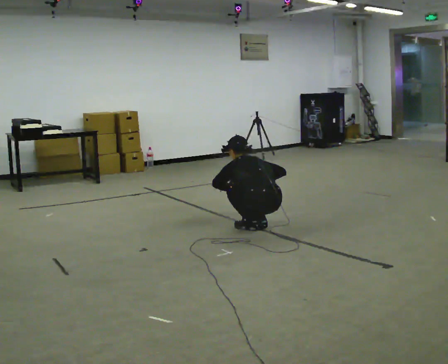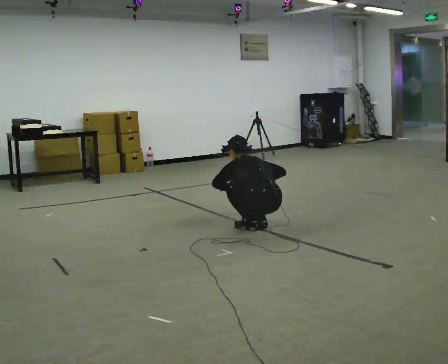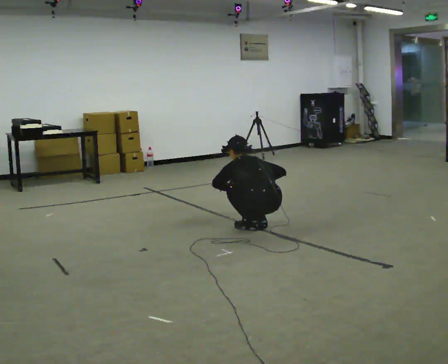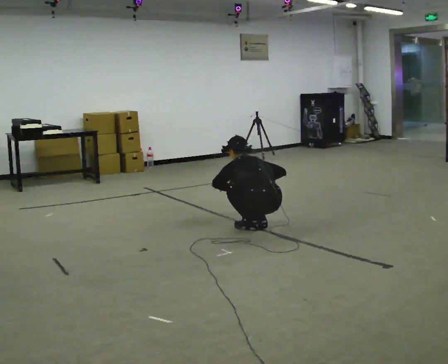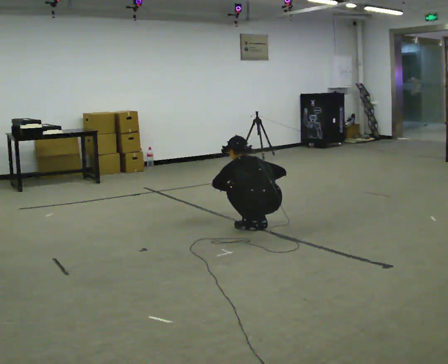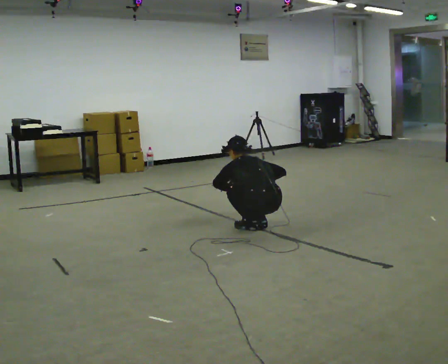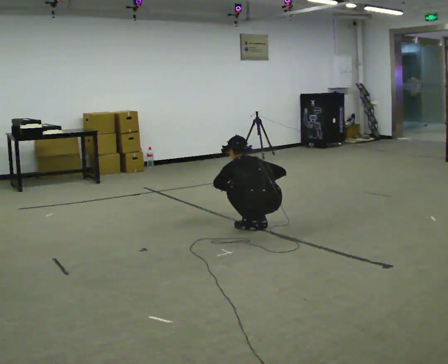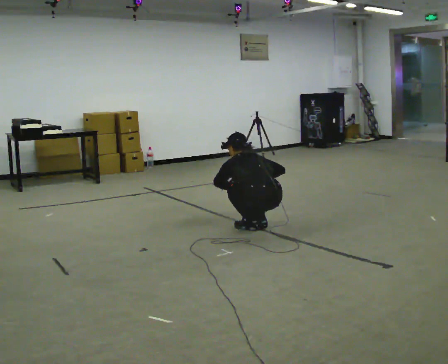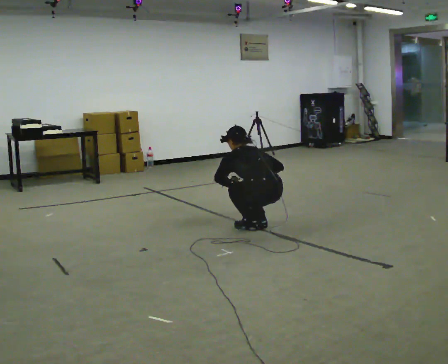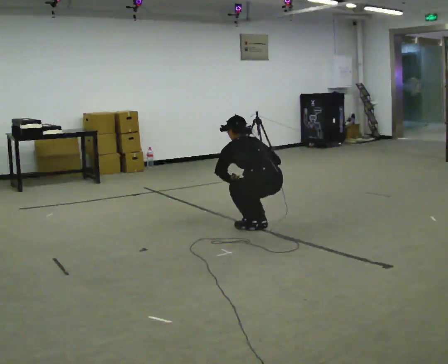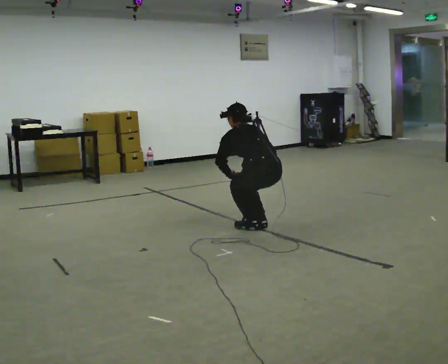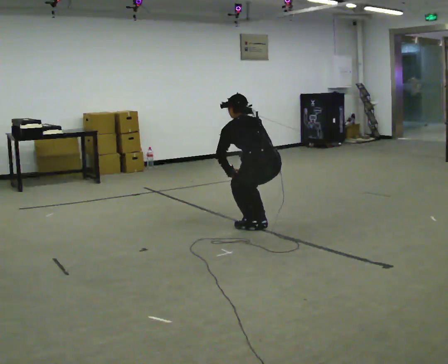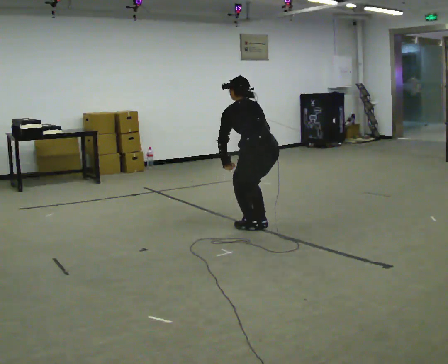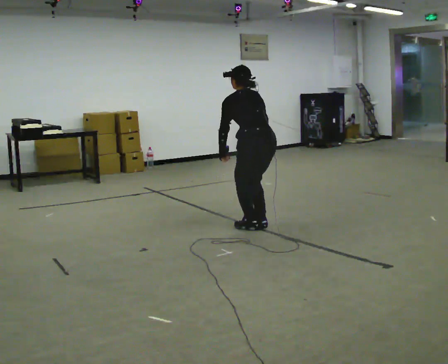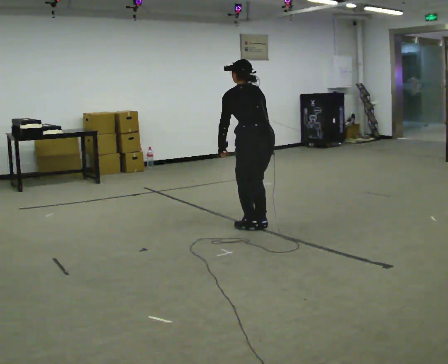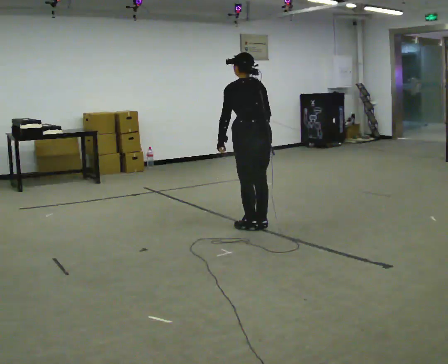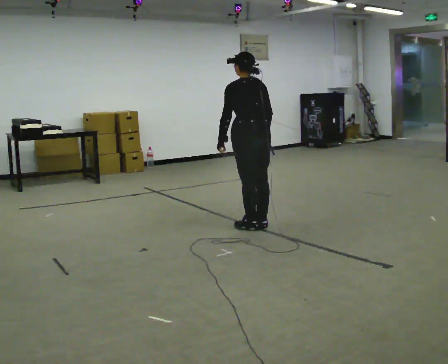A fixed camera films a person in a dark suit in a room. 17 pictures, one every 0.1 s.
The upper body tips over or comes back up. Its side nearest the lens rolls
downward.
Their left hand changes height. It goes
upward.
0.0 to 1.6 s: The upper body goes upward. The upper body tips toward the camera, its near side rolling downward, as they lean back or straighten. In the picture their left hand goes upward.
The film runs forward here.
